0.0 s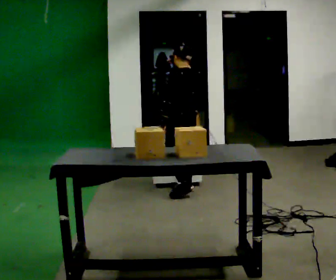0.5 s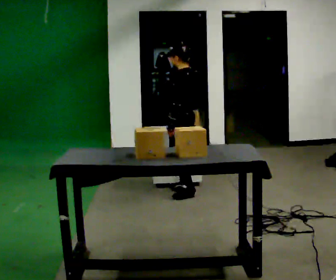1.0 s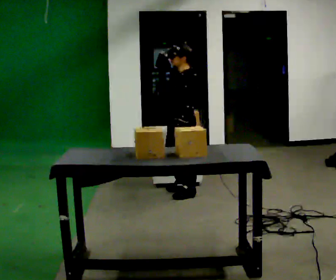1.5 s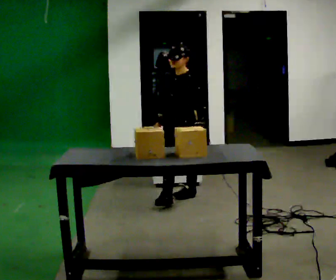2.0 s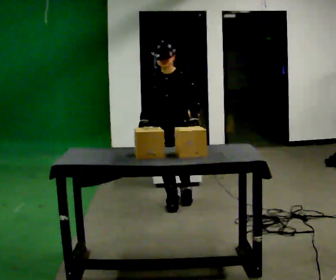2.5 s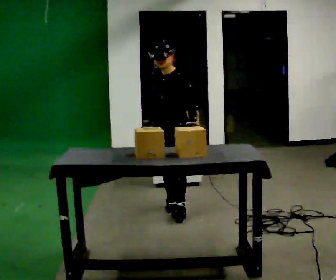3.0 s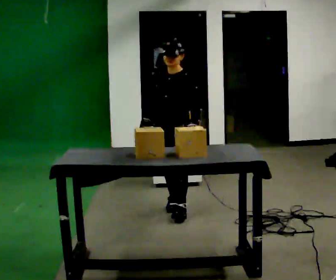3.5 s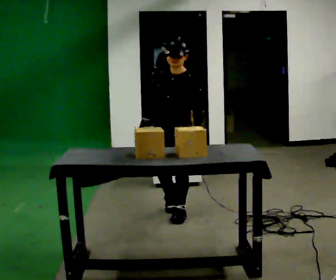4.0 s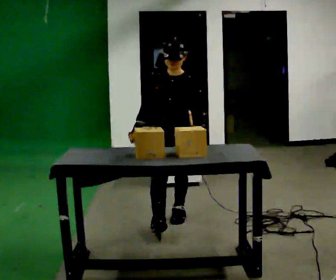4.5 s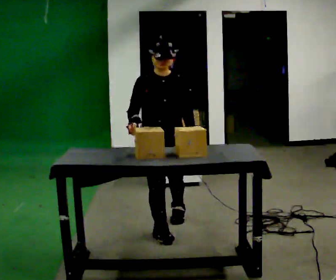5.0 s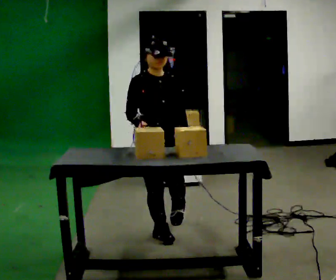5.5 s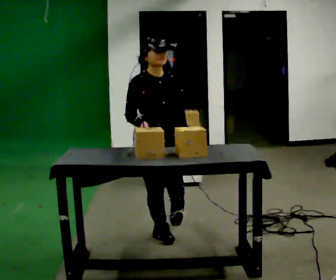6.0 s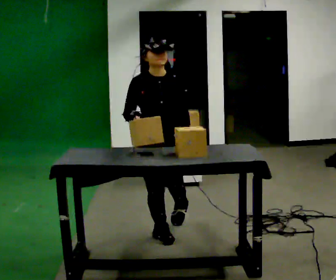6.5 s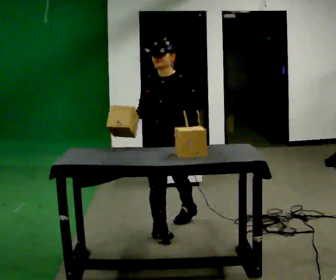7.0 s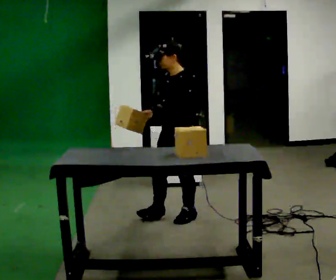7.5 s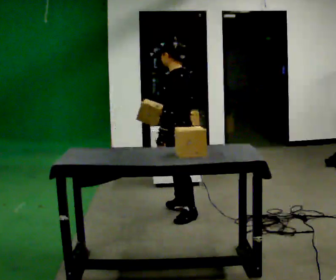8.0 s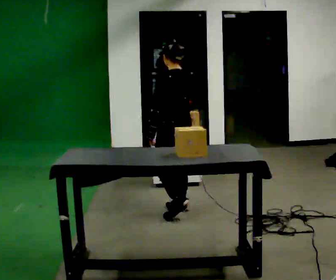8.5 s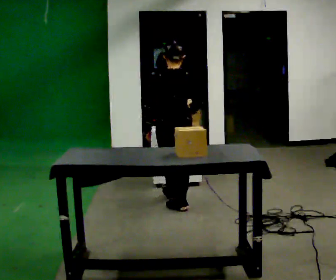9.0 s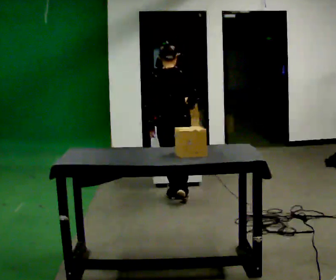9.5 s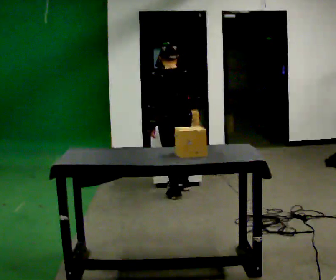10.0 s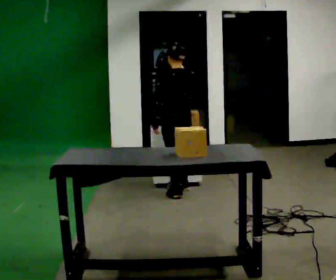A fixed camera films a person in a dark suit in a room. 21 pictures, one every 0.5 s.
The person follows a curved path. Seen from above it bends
counterclockwise.
0.0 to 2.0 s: The person turns about 120 degrees to their left, counterclockwise seen from above, so the part of the body nearest the lens slides to the right. In the picture they go toward the camera, about 0.5 m in 1 step.
2.0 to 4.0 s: In the picture they go toward the camera, about 0.5 m in 1 step, which for them is forward.
4.0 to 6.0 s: In the picture they go toward the camera, about 0.25 m in 2 steps, which for them is to their right and forward.
6.0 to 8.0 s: Seen from above the body turns clockwise, about 165 degrees: to their right, with its near side sliding to the left. In the picture they go away from the camera, about 0.5 m in 1 step.
8.0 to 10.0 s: In the picture they go away from the camera, about 0.5 m in 2 steps, which for them is forward.
The film runs forward here.
